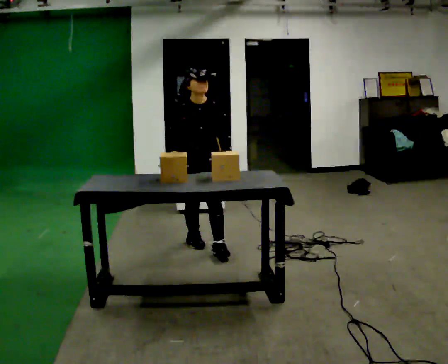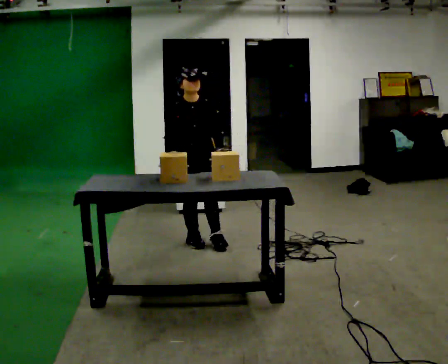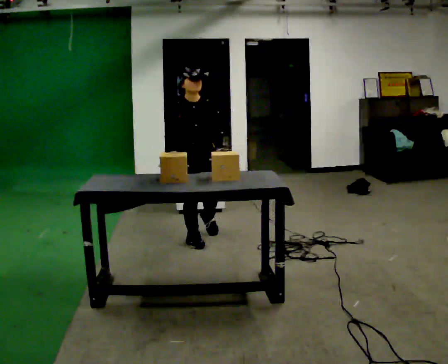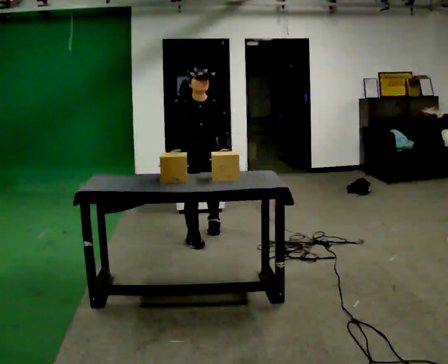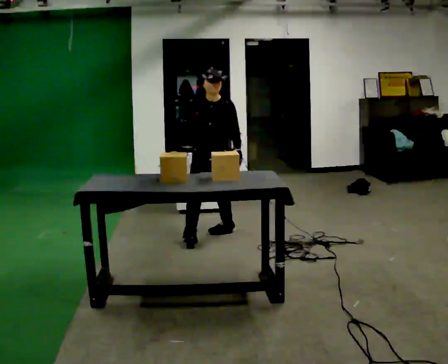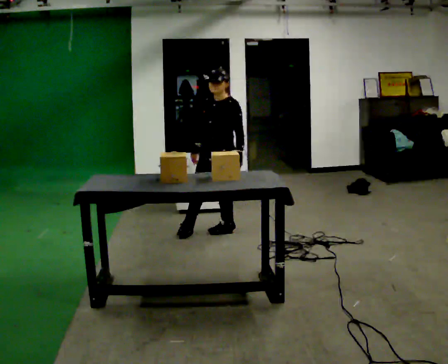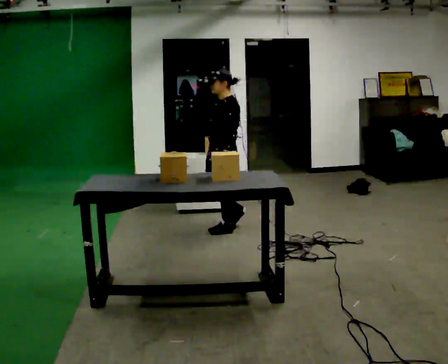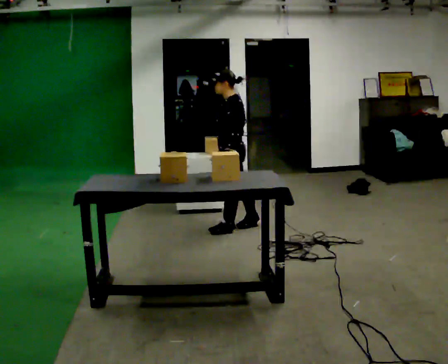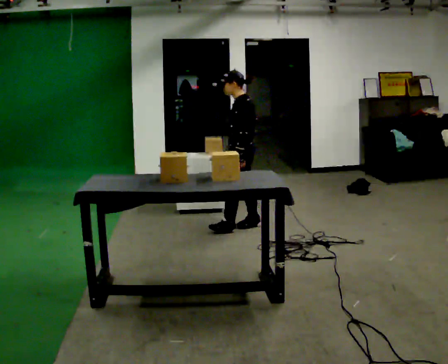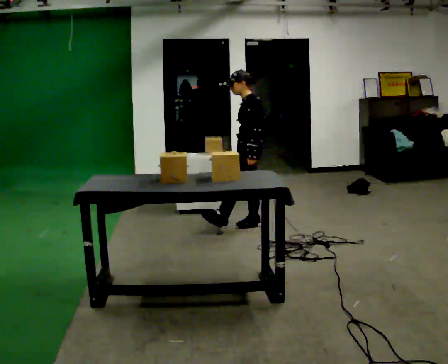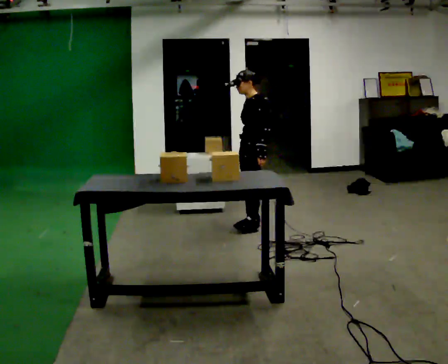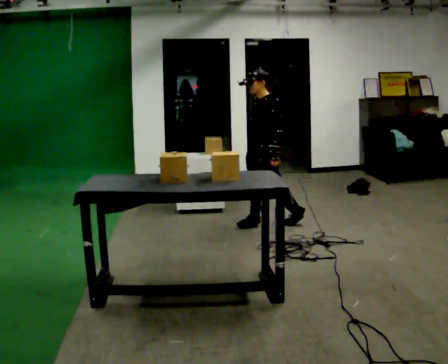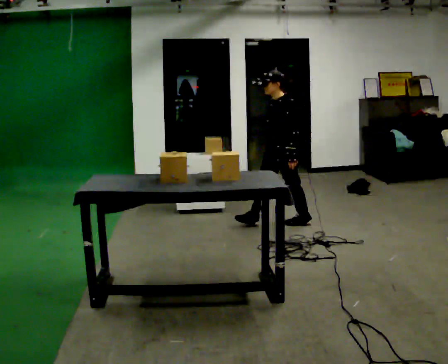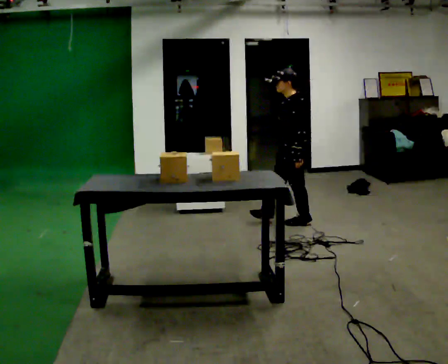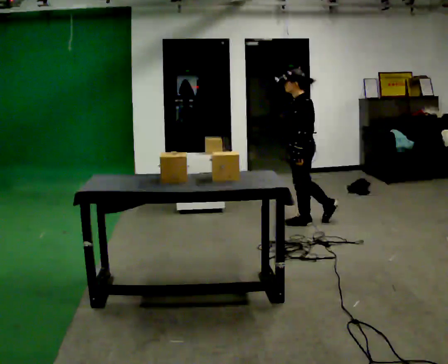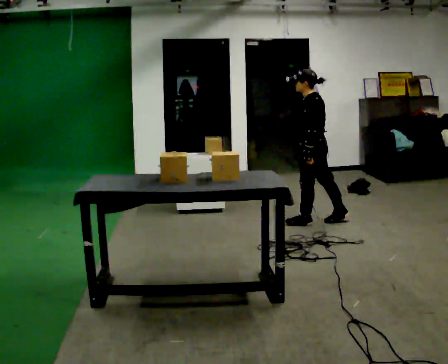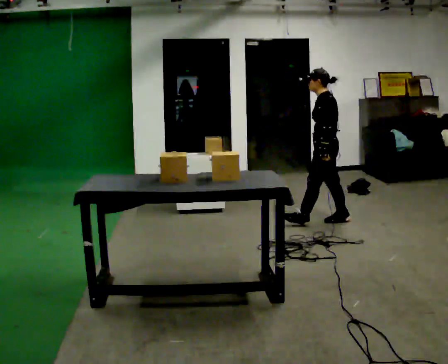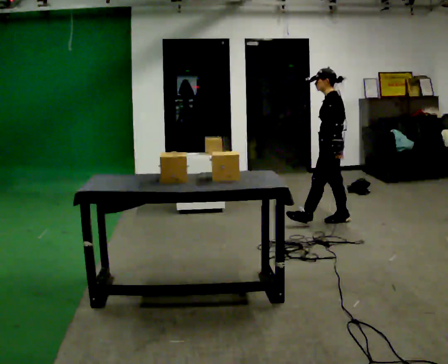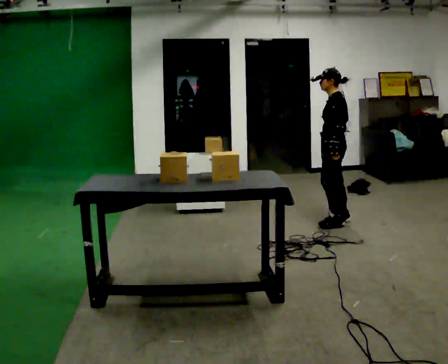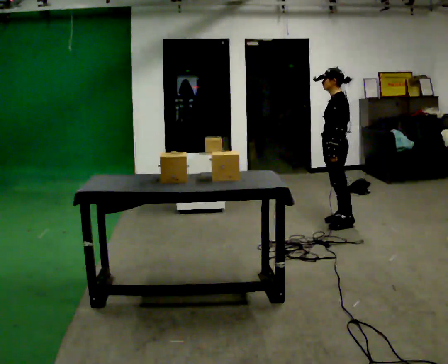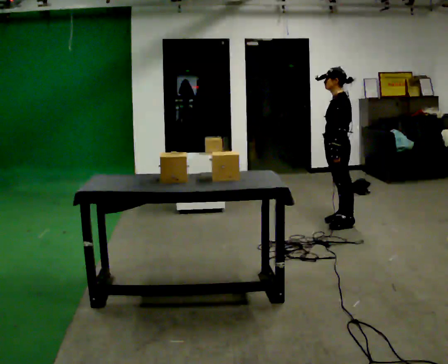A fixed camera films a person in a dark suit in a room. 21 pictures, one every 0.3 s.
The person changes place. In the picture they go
to the right.
The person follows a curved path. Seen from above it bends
clockwise.
0.0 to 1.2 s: In the picture they go away from the camera, about 0.25 m in 2 steps, which for them is backward and to their left.
1.2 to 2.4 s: The part of the body nearest the lens slides to the left as the person turns to their right by about 90 degrees. In the picture they go away from the camera and to the right, about 0.5 m.
2.4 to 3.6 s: The person turns about 30 degrees to their left, counterclockwise seen from above, so the part of the body nearest the lens slides to the right. In the picture they go to the right, about 0.25 m in 2 steps, which for them is backward.
3.6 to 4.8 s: The person turns about 30 degrees to their right, clockwise seen from above, so the part of the body nearest the lens slides to the left. In the picture they go to the right, about 0.5 m, which for them is backward.
4.8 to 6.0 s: The person moves a little, or ends about where they began.
The film runs backward here.
